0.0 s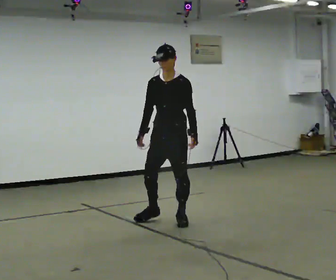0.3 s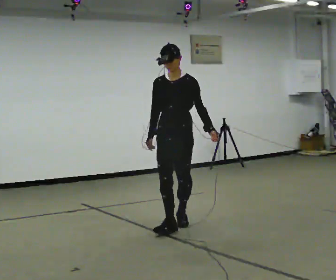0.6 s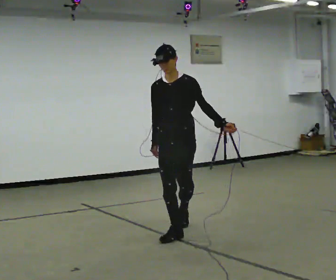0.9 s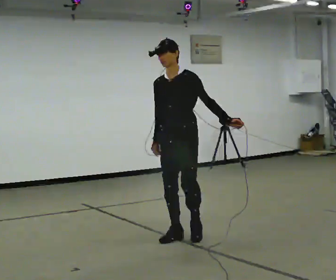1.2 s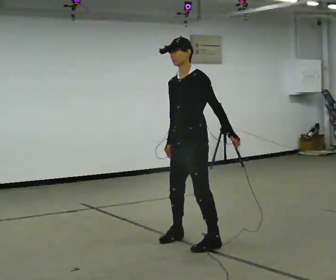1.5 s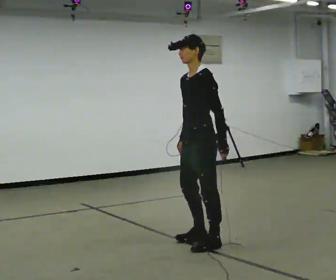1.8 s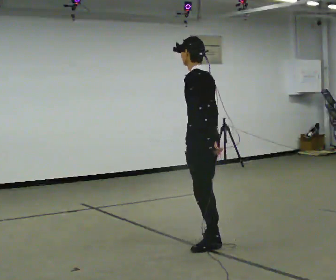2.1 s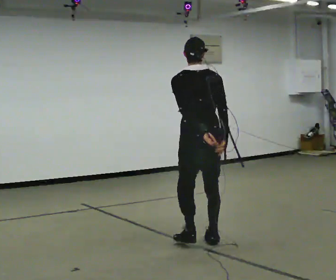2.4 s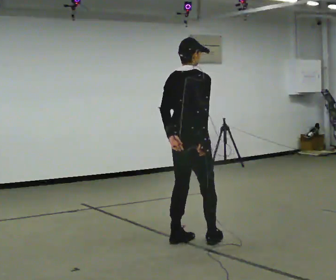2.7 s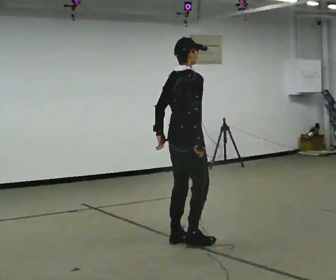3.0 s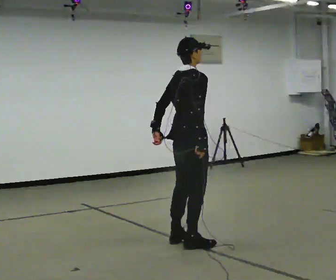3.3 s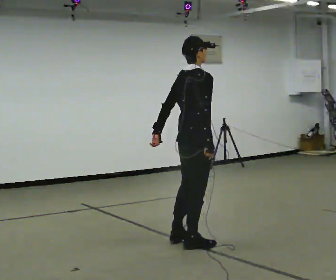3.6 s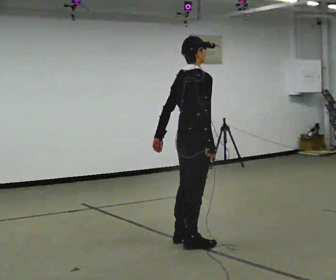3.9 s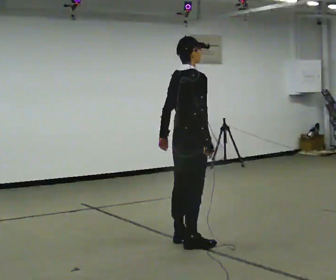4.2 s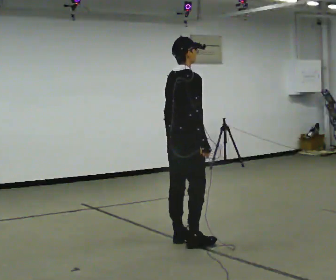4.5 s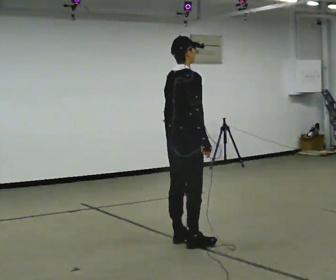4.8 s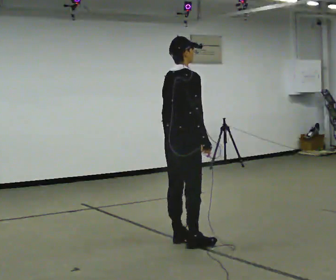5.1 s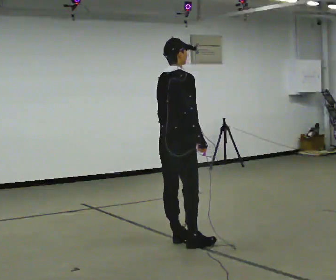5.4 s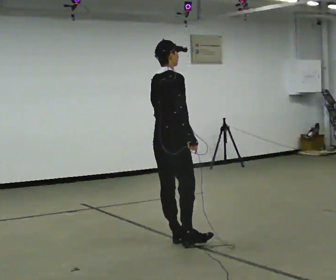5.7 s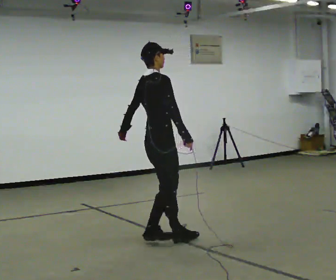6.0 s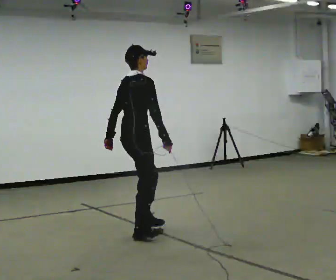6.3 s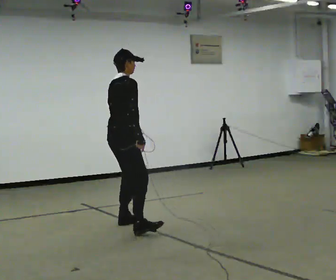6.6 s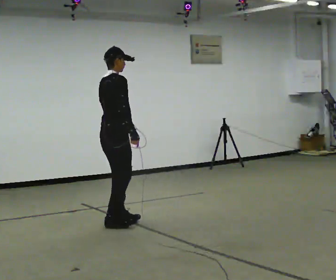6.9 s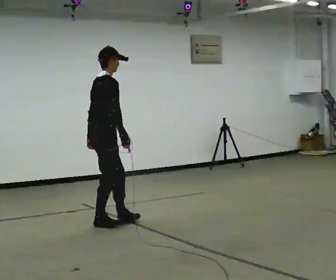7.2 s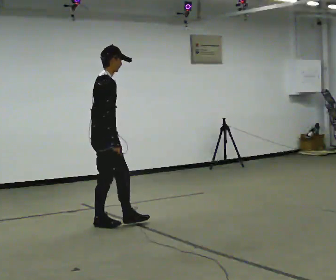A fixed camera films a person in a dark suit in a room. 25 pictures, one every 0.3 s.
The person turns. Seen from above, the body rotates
clockwise.
The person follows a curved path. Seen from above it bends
clockwise.
0.0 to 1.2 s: The part of the body nearest the lens slides to the left as the person turns to their right by about 30 degrees. In the picture they go toward the camera, about 1 m in 2 steps, which for them is forward and to their left.
1.2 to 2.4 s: The person turns about 165 degrees to their right, clockwise seen from above, so the part of the body nearest the lens slides to the left.
2.4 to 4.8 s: The person moves a little, or ends about where they began.
4.8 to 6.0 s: In the picture they go to the left and away from the camera, about 0.5 m in 1 step, which for them is to their left.
6.0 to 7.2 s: In the picture they go to the left and away from the camera, about 0.5 m in 2 steps, which for them is to their left.
The film runs forward here.
